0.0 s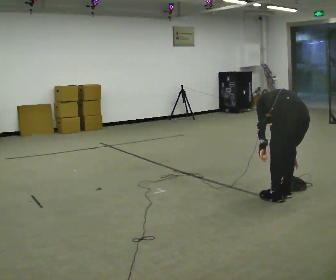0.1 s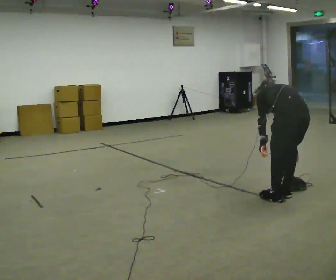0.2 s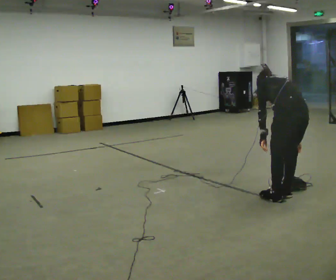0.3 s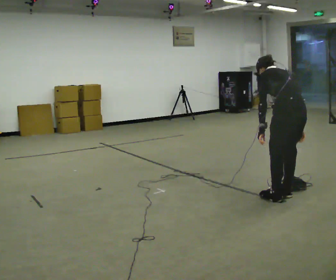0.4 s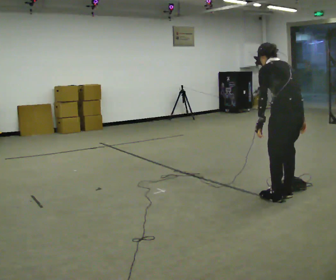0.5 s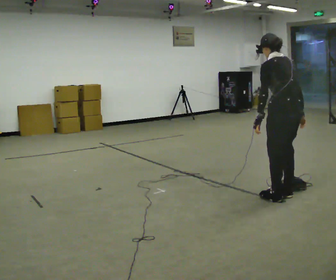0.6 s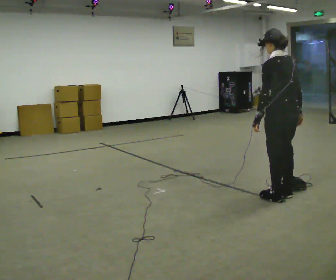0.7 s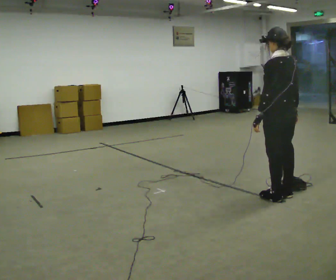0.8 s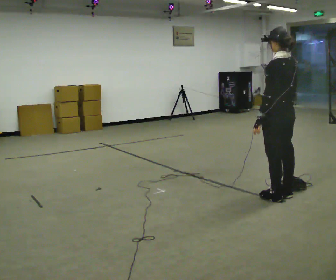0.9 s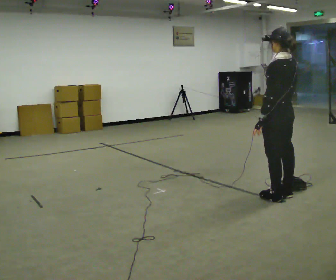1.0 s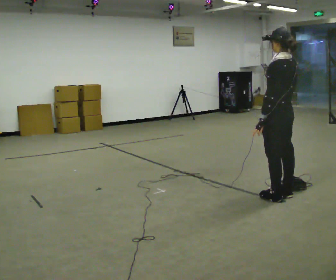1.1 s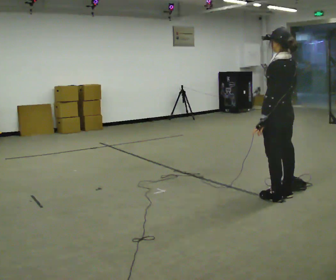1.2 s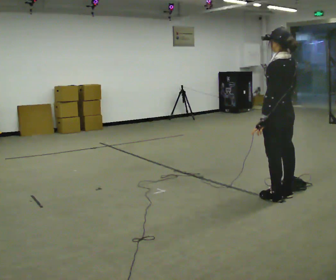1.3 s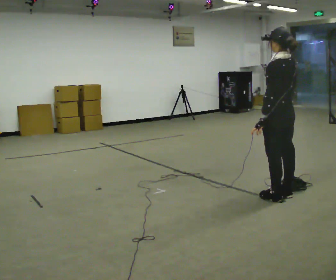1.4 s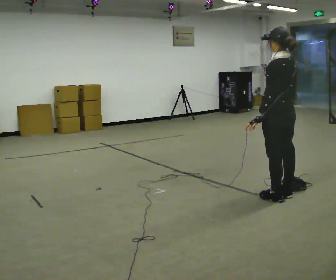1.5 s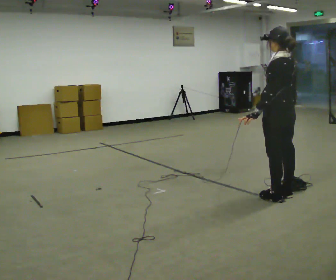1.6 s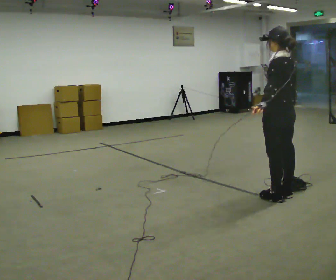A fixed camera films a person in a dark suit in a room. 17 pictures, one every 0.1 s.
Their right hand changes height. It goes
upward.
The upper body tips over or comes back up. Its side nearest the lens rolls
downward.
0.0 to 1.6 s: The part of the body nearest the lens slides to the right as the person turns to their left by about 30 degrees. The upper body goes upward. The upper body tips toward the camera, its near side rolling downward, as they lean back or straighten. In the picture their right hand goes upward.
The film runs forward here.
